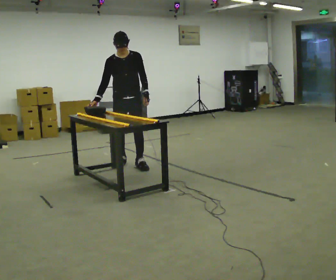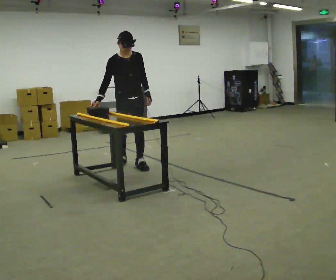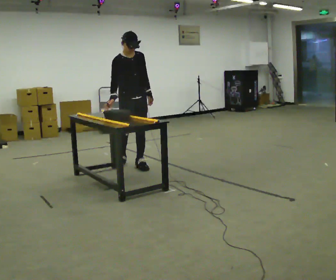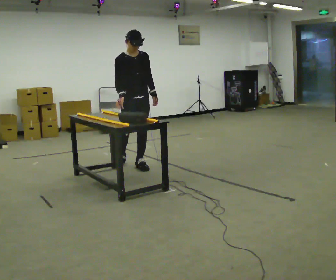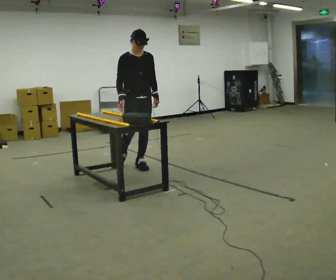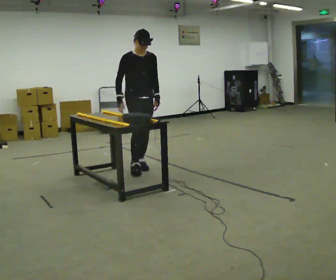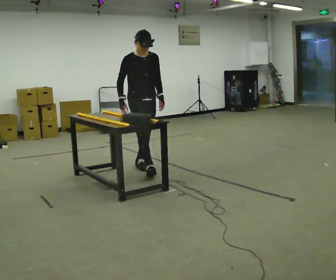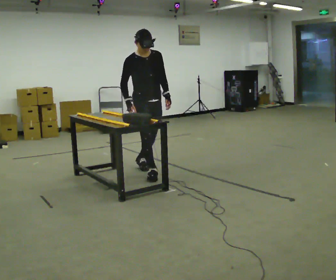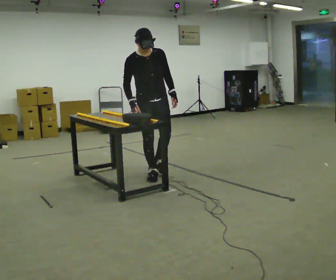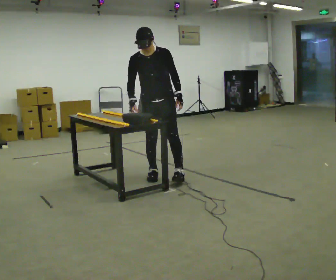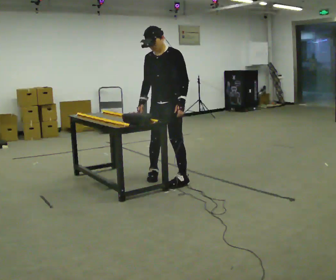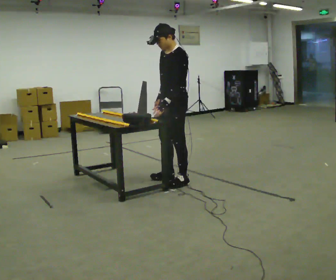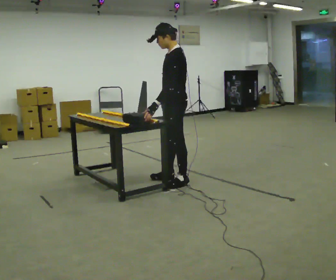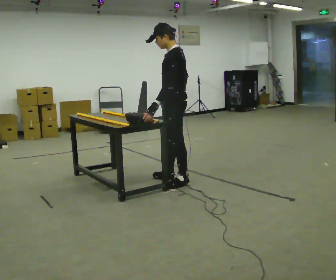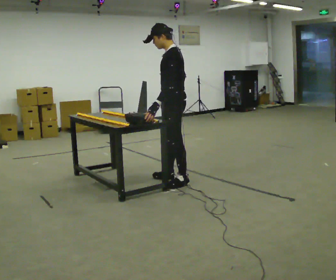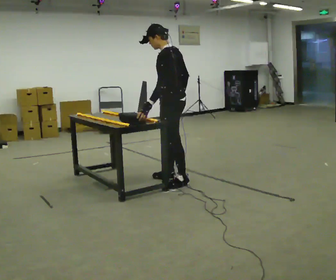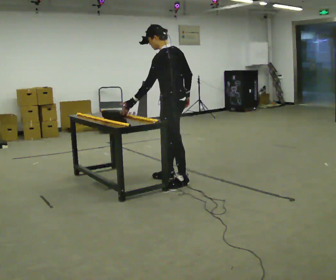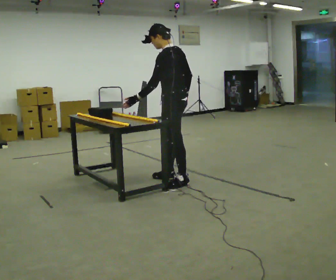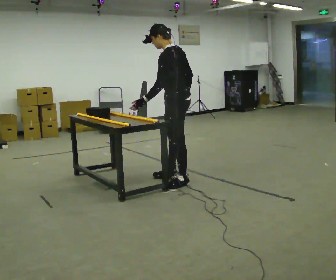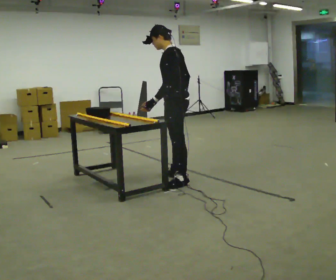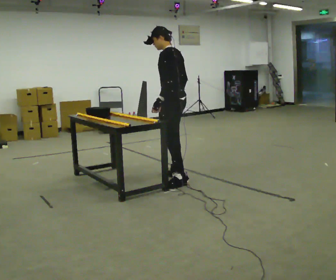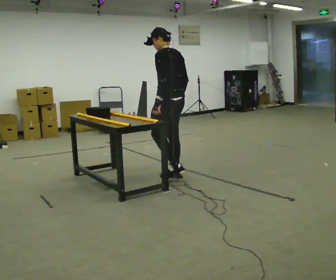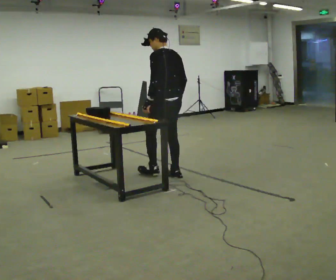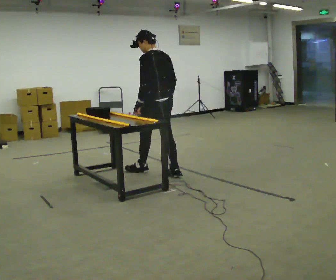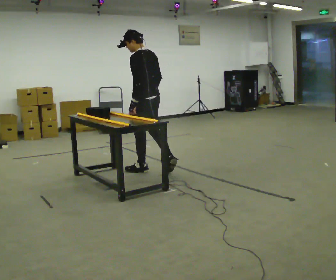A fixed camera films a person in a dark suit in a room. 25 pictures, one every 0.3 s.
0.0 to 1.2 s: In the picture their right hand goes to the right.
1.2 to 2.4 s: In the picture they go toward the camera and to the right, about 0.5 m in 1 step, which for them is forward.
2.4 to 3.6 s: The part of the body nearest the lens slides to the left as the person turns to their right by about 105 degrees. In the picture they go toward the camera and to the right, about 0.5 m in 2 steps.
3.6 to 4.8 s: The person moves a little, or ends about where they began.
4.8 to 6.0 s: In the picture they go away from the camera, about 0.25 m, which for them is to their right.
6.0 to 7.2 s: In the picture they go to the left and away from the camera, about 0.5 m in 1 step, which for them is forward.
The film runs forward here.
